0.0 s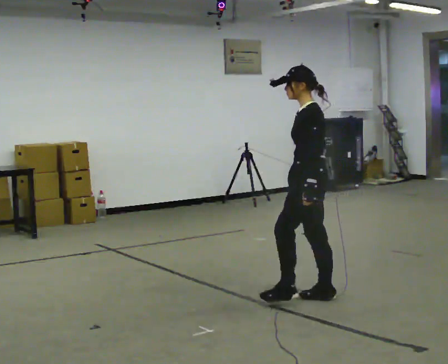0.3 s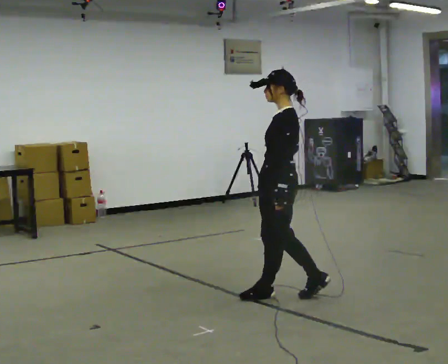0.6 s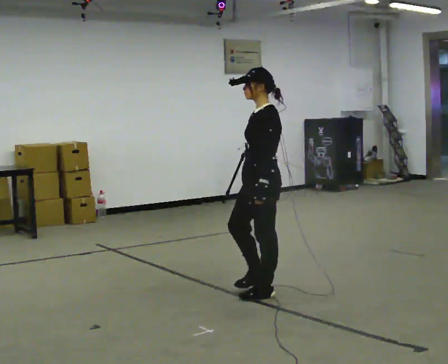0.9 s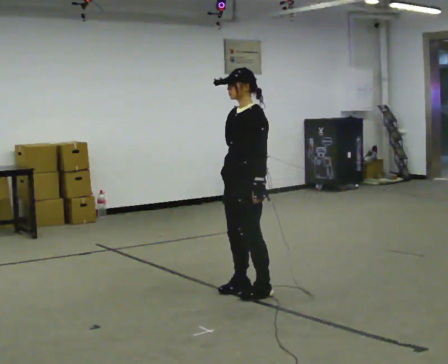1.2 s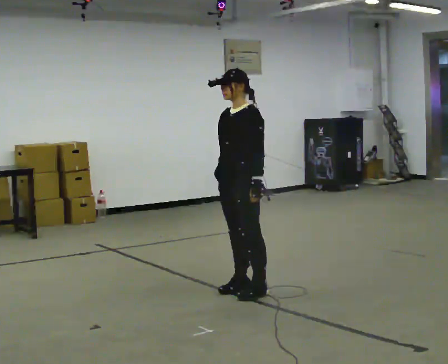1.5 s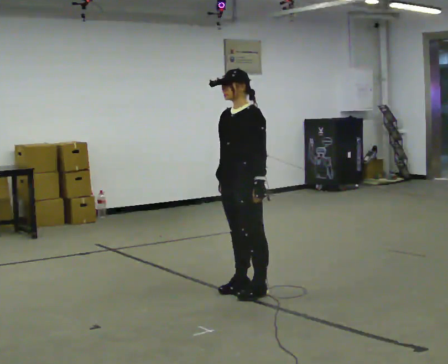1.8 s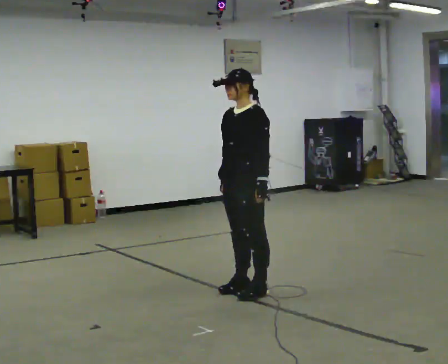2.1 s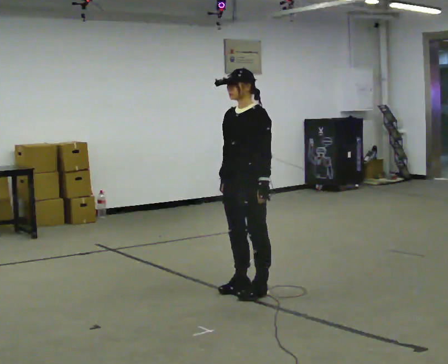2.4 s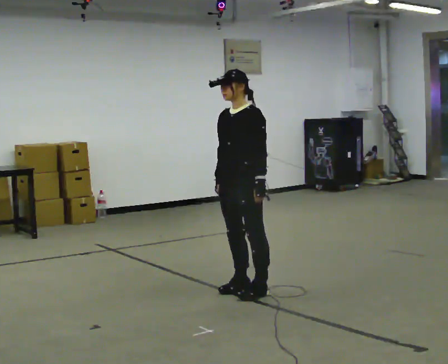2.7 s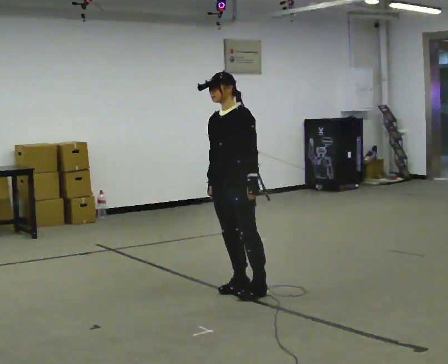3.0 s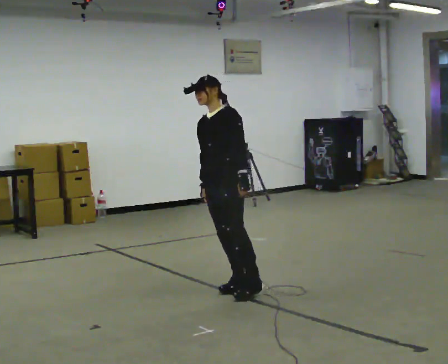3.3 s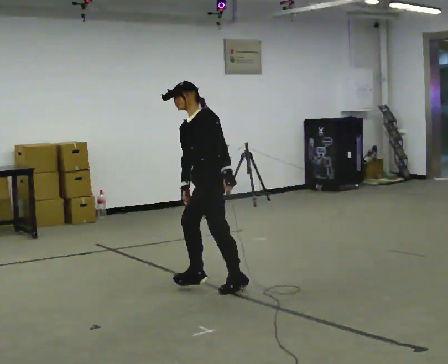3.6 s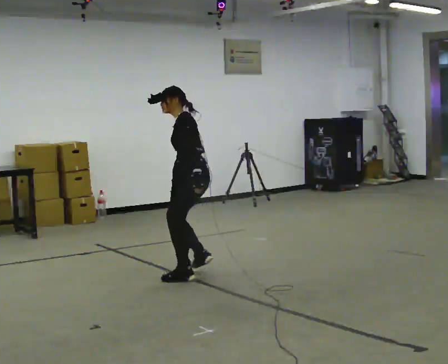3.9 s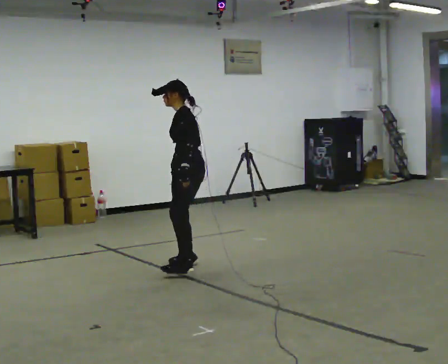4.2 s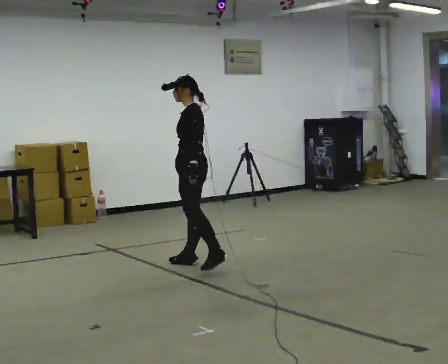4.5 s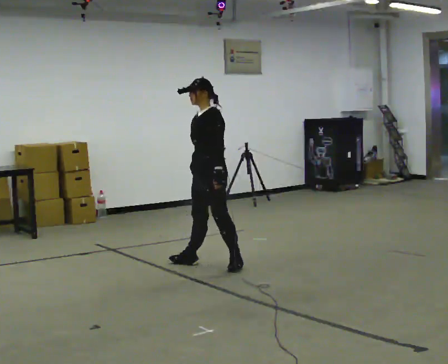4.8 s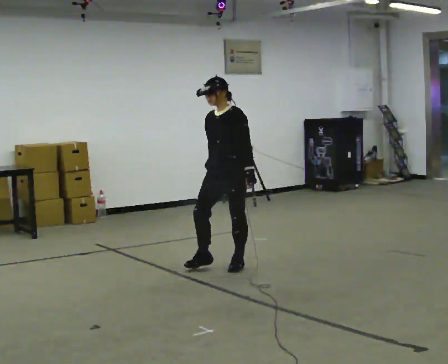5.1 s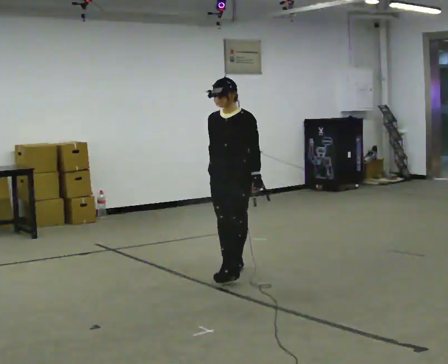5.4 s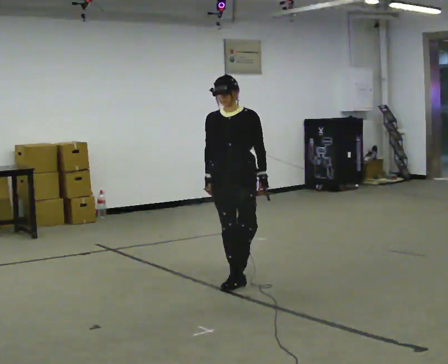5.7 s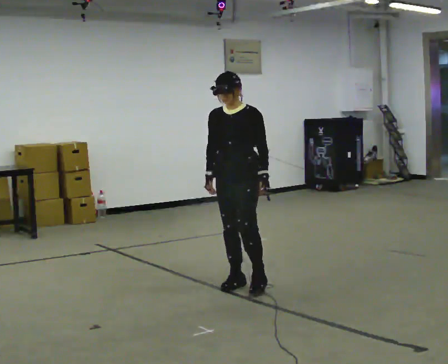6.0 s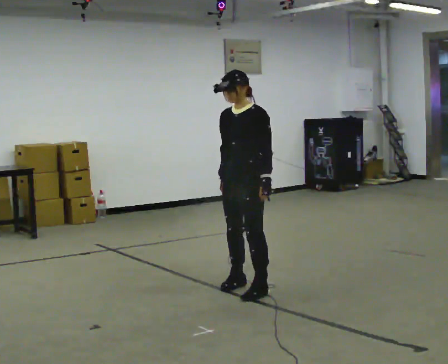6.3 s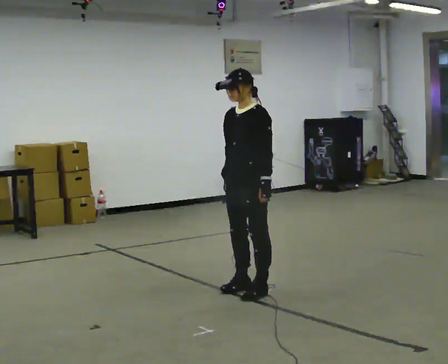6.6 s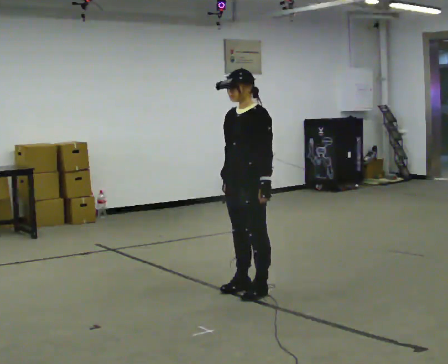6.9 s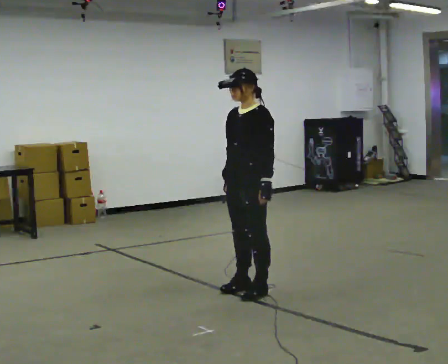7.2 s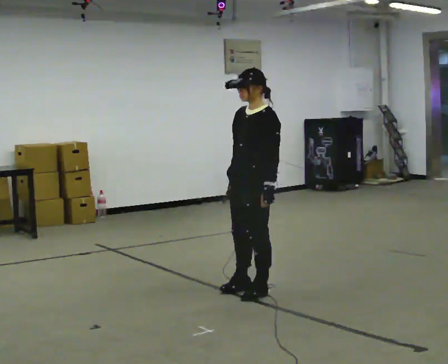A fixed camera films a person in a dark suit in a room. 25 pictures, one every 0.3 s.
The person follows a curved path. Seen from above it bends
clockwise.
0.0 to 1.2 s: The part of the body nearest the lens slides to the right as the person turns to their left by about 45 degrees. In the picture they go to the left and away from the camera, about 0.5 m in 2 steps, which for them is forward and to their right.
1.2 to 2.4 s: The person moves a little, or ends about where they began.
2.4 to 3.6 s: Seen from above the body turns clockwise, about 60 degrees: to their right, with its near side sliding to the left. In the picture they go away from the camera and to the left, about 0.75 m in 1 step, which for them is to their right.
3.6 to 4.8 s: The part of the body nearest the lens slides to the right as the person turns to their left by about 60 degrees. In the picture they go to the right and away from the camera, about 0.25 m in 2 steps. The upper body tips toward the camera, its near side rolling downward, as they lean back or straighten.
4.8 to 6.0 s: In the picture they go toward the camera, about 0.75 m in 2 steps, which for them is forward.
6.0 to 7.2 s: In the picture they go toward the camera, about 0.25 m, which for them is to their left.
The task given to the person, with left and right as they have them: Stand on the marked spots. Lean to the side the operator calls until you cannot hold it, then step to catch yourself. Return to the spots. Repeat at your own pace until the operator says stop. Go slowly and only as far as you are comfortable. Step whenever you need to; do not try to hold on longer than feels safe.
The film runs forward here.
